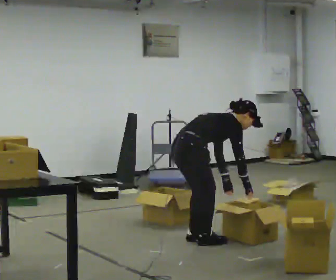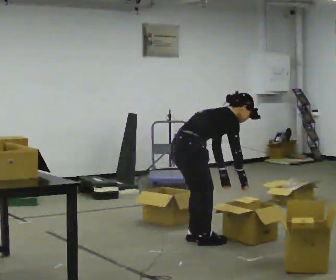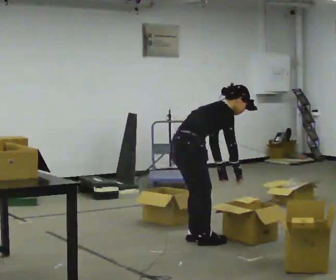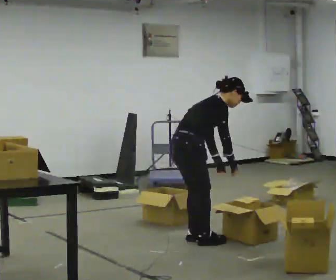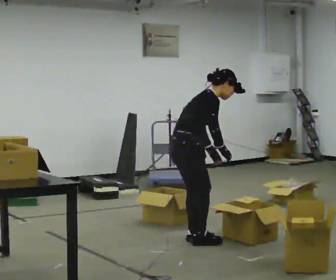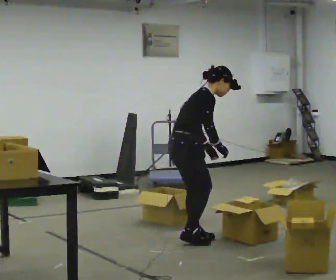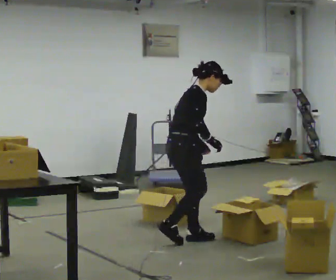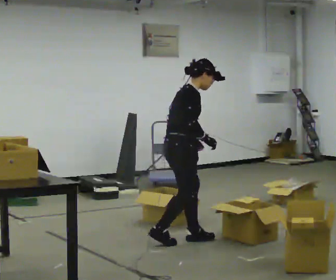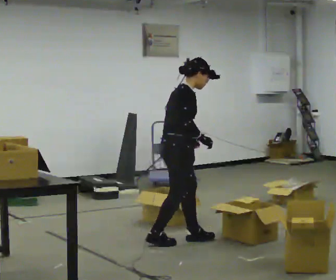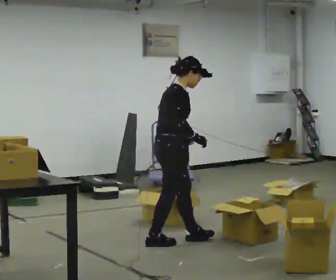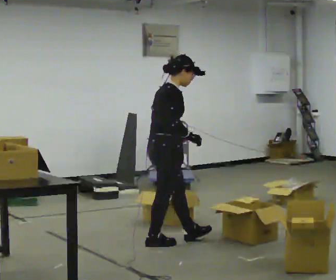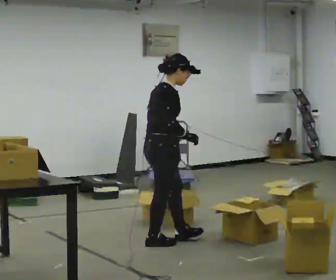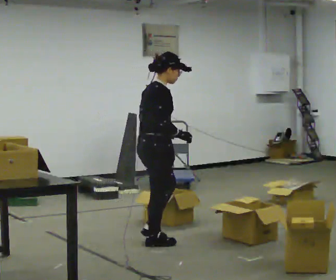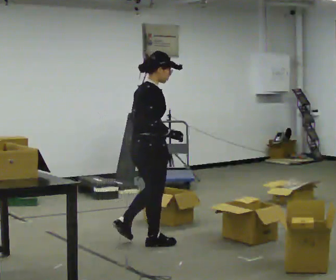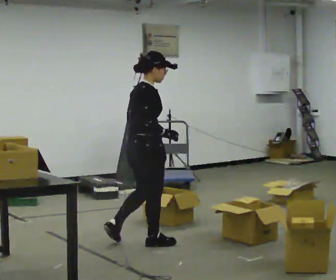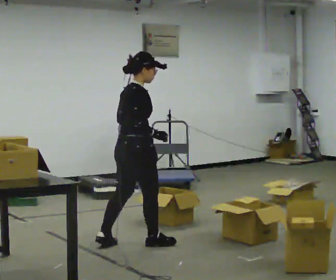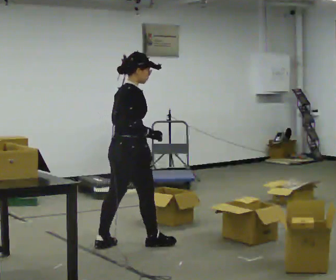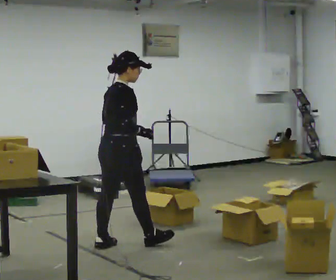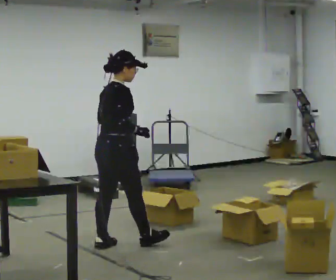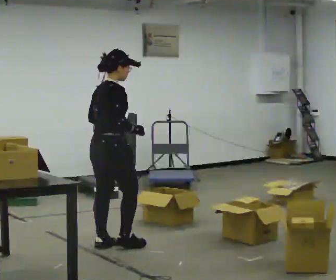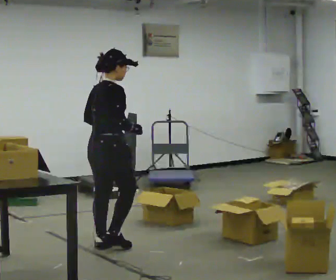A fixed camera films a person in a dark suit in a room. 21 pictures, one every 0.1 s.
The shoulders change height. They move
upward.
Their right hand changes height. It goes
upward.
0.0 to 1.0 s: In the picture they go to the left, about 0.25 m in 2 steps, which for them is backward. The shoulders move upward. In the picture the upper body tilts counterclockwise, shoulders to the left, as they lean back or straighten. In the picture their left hand goes to the left and upward.
1.0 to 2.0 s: The person turns about 30 degrees to their left, counterclockwise seen from above, so the part of the body nearest the lens slides to the right. In the picture they go to the left, about 0.5 m in 1 step, which for them is backward.
The film runs backward here.
